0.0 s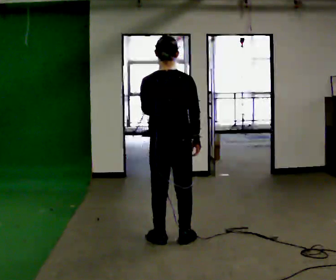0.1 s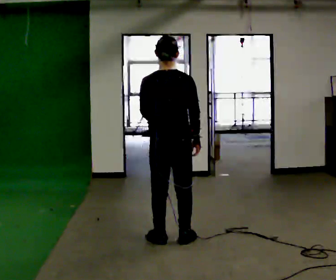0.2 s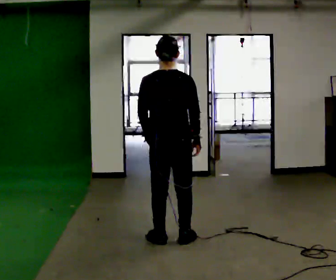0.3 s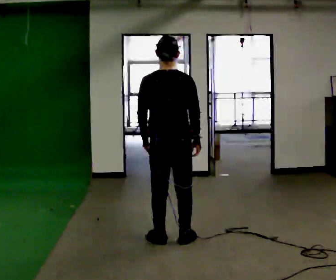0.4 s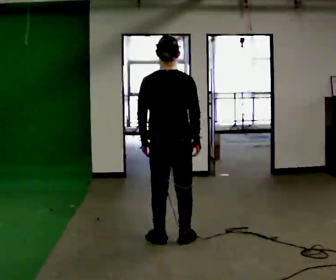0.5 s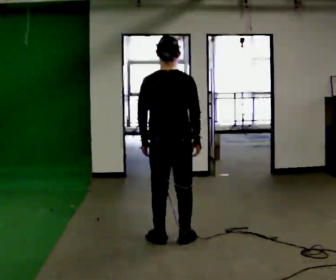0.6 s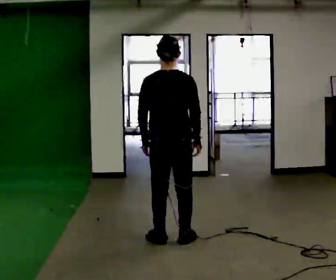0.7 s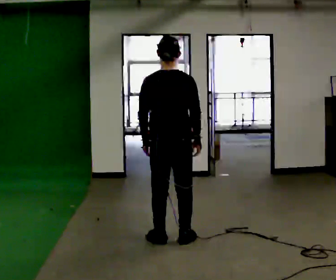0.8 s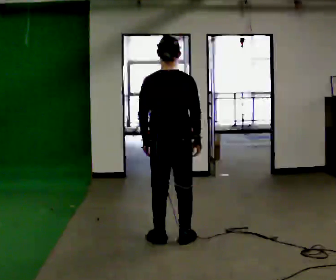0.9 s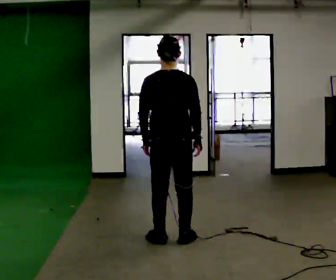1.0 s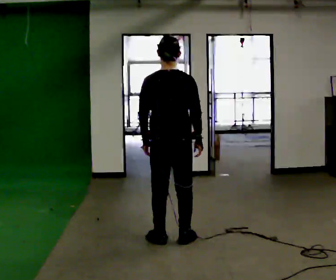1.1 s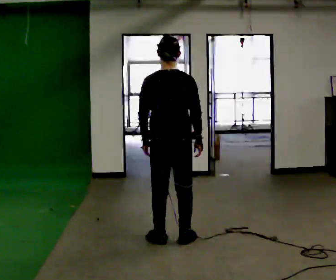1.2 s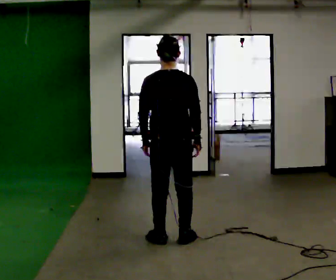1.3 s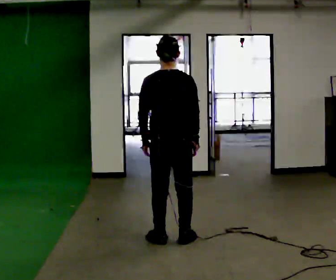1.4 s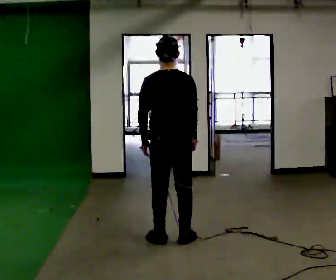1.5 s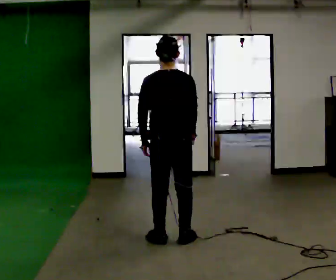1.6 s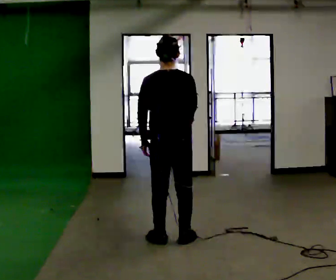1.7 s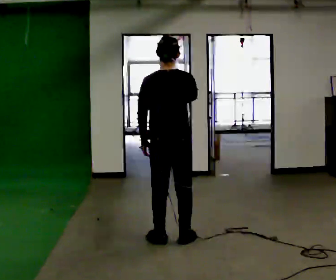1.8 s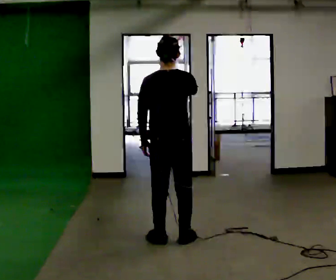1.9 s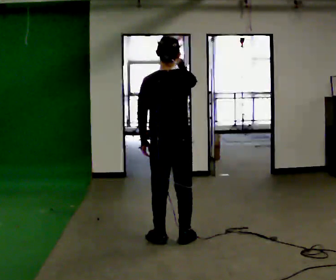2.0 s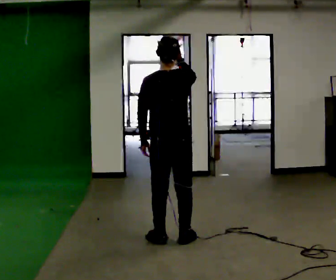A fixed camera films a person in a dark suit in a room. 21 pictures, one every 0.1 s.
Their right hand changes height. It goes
upward.
0.0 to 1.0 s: The person moves a little, or ends about where they began.
1.0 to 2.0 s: In the picture their right hand goes upward.
The film runs backward here.
